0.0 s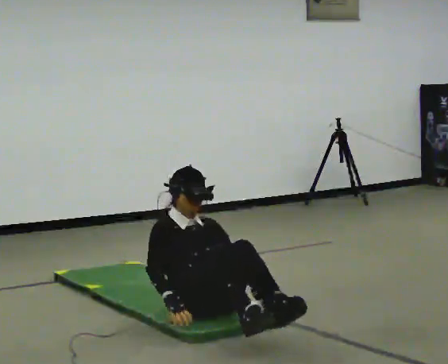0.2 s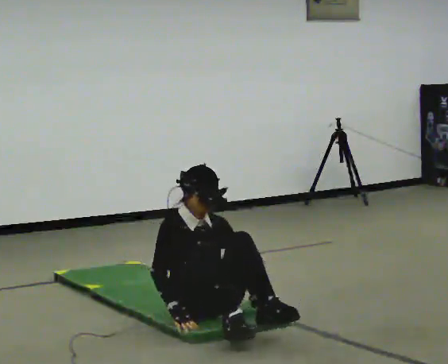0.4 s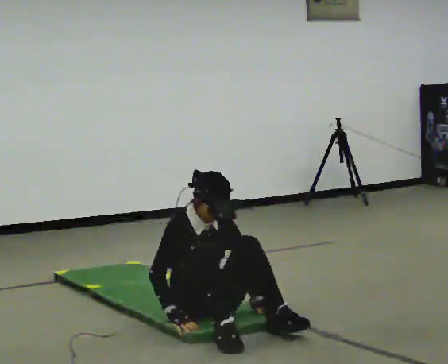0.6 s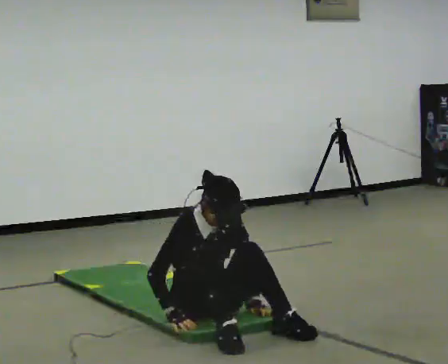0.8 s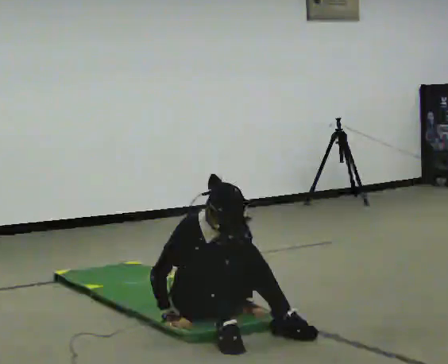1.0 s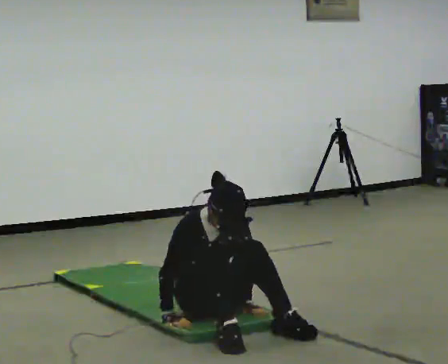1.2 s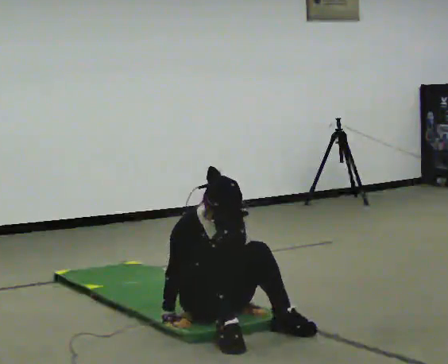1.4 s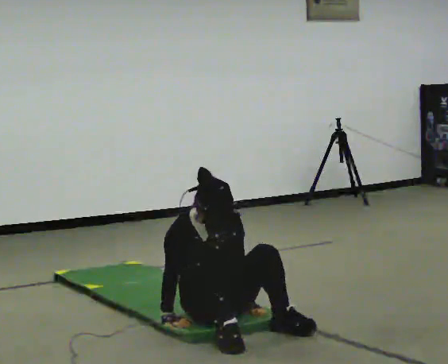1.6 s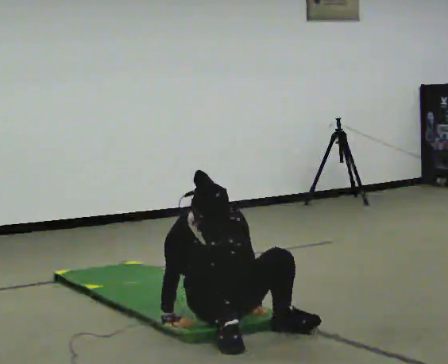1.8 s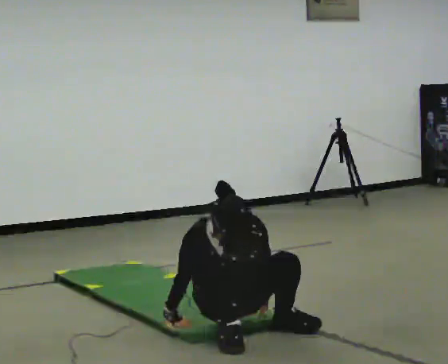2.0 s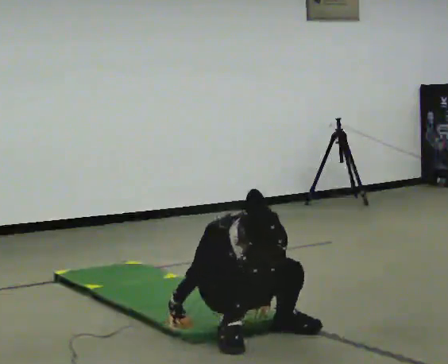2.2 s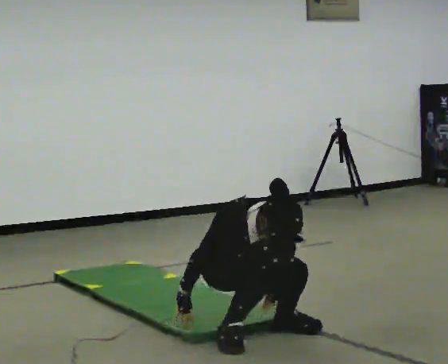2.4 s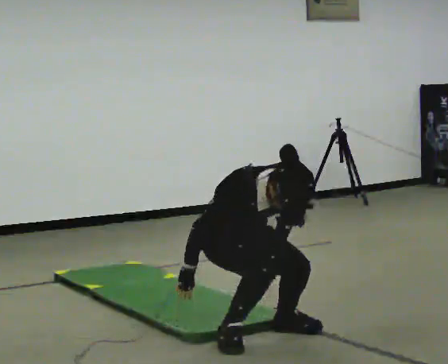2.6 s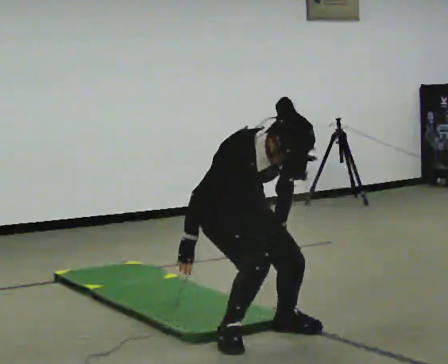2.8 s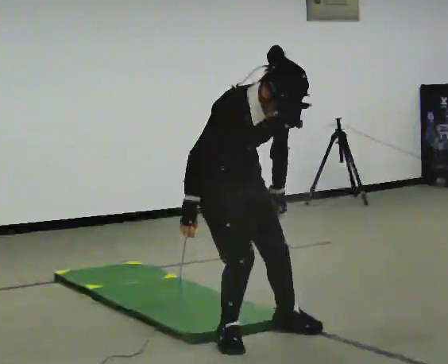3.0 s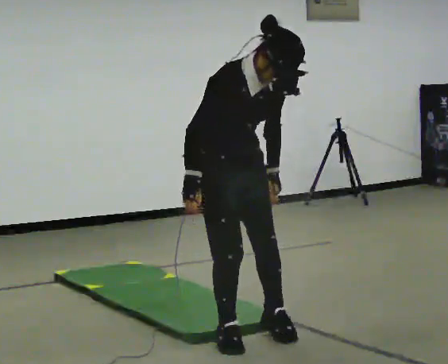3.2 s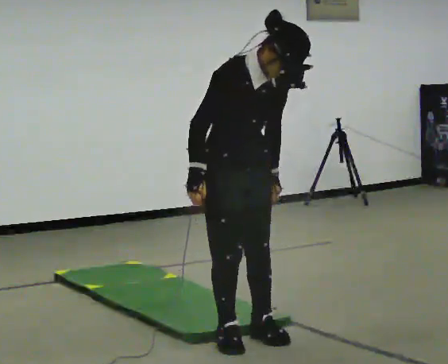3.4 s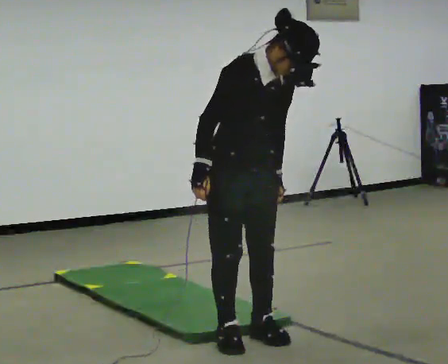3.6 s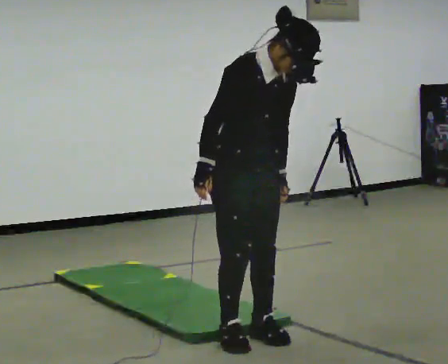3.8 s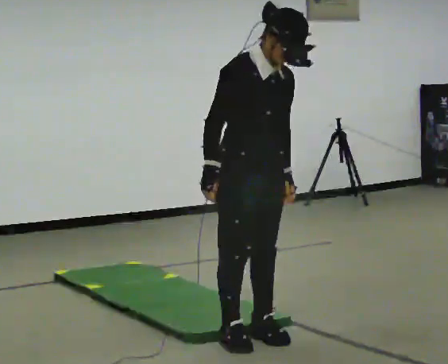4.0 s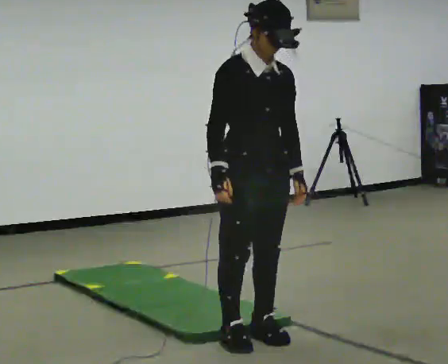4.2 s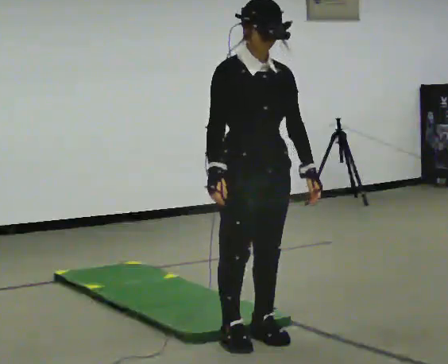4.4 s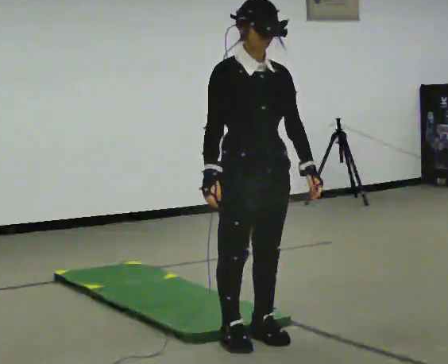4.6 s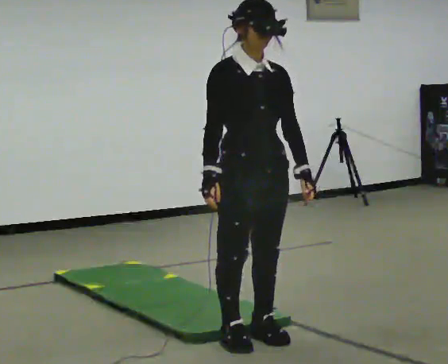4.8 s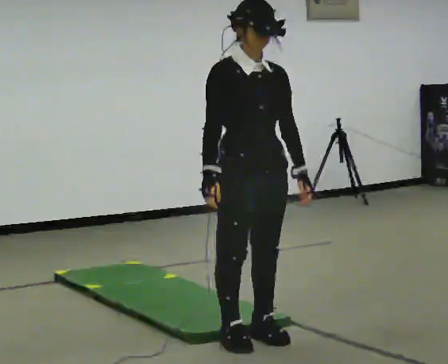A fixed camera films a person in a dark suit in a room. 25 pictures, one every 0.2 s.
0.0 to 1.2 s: The person moves a little, or ends about where they began.
1.2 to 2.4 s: The shoulders move upward. The upper body tips toward the camera, its near side rolling downward, as they bend forward. In the picture their left hand goes upward.
2.4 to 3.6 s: In the picture they go toward the camera, about 0.25 m, which for them is forward. The upper body goes upward. The upper body tips away from the camera, its near side rolling upward, as they lean back or straighten. In the picture their left hand goes upward.
3.6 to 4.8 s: In the picture the upper body tilts counterclockwise, shoulders to the left, as they lean back or straighten.
The film runs forward here.
